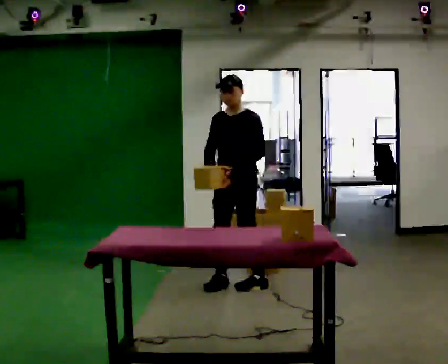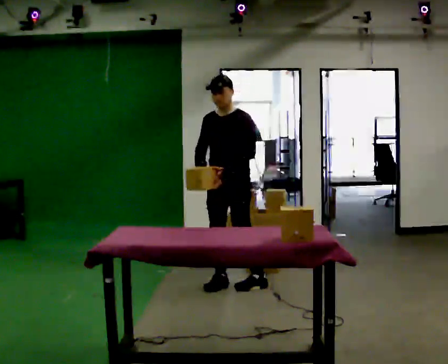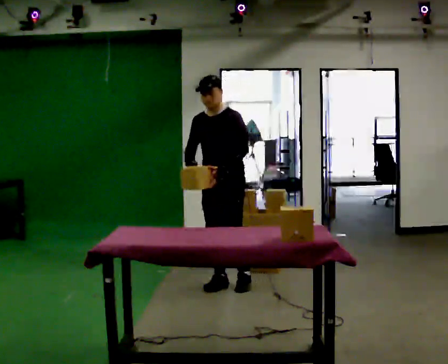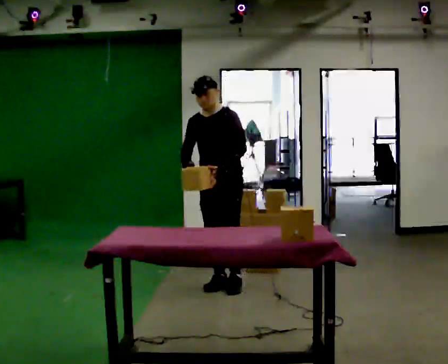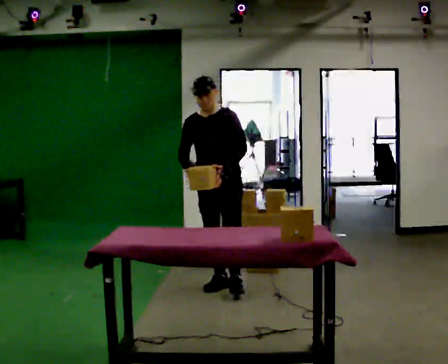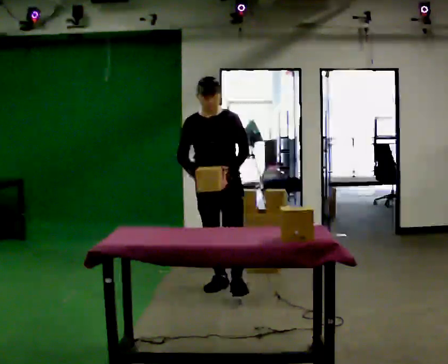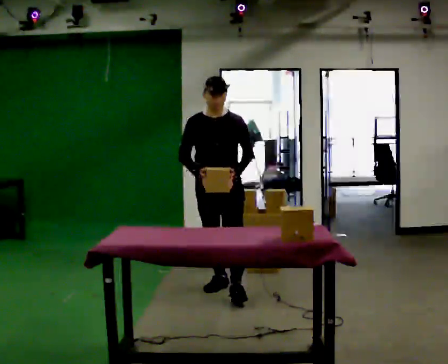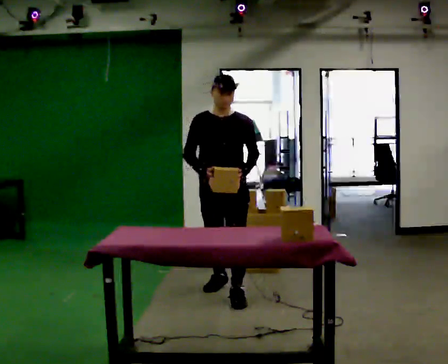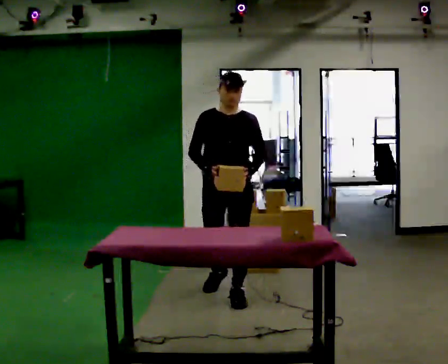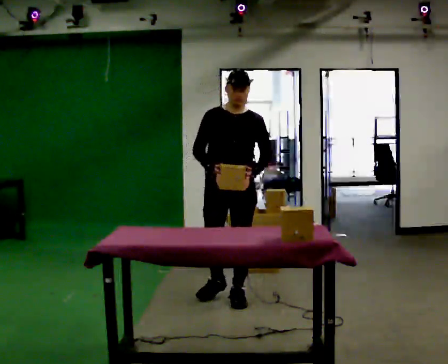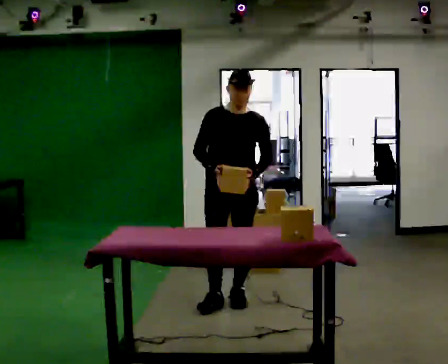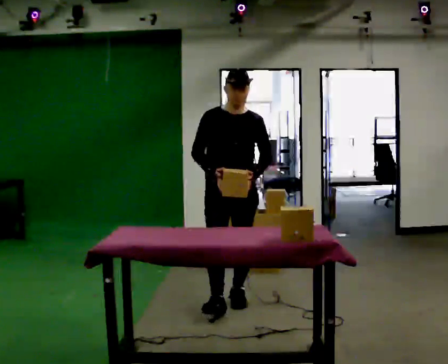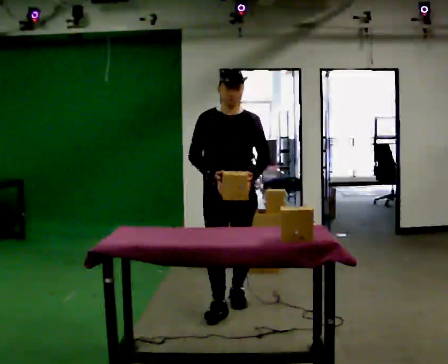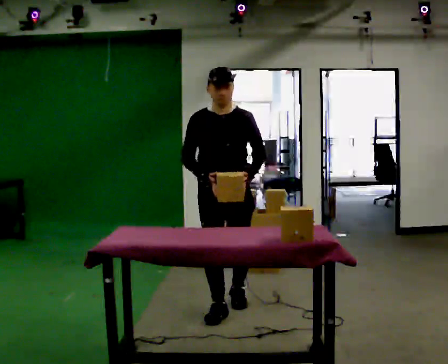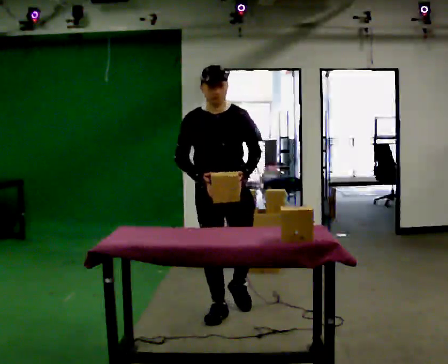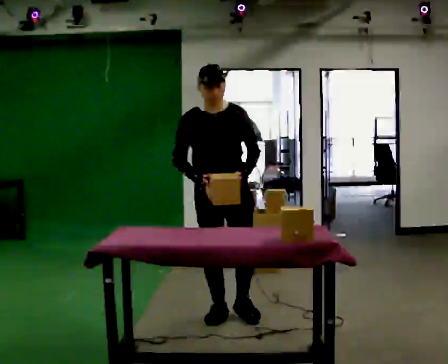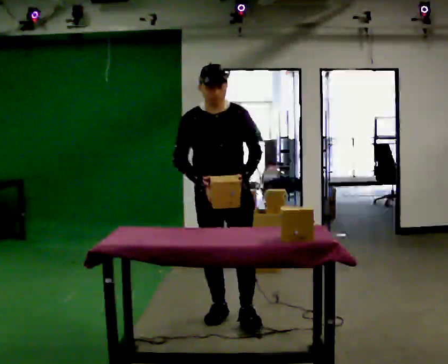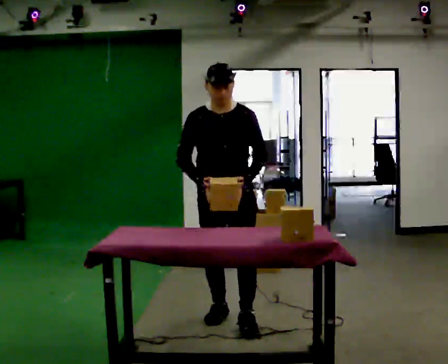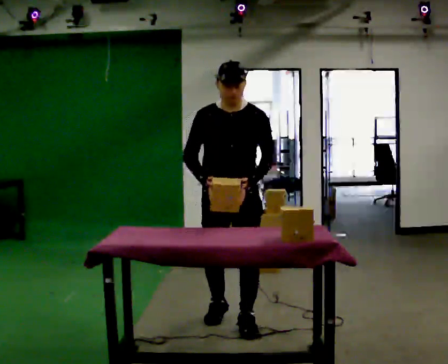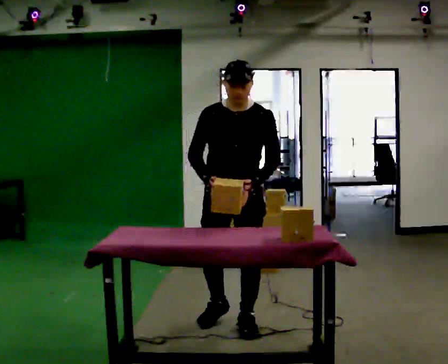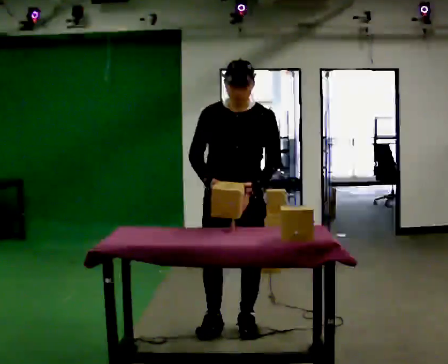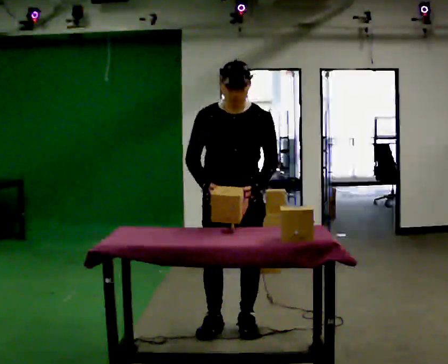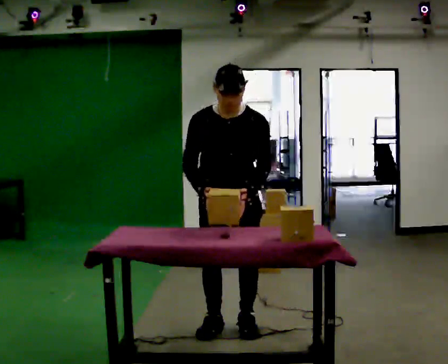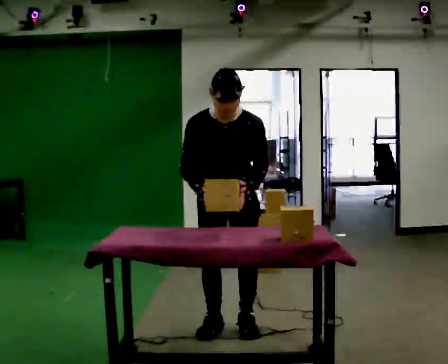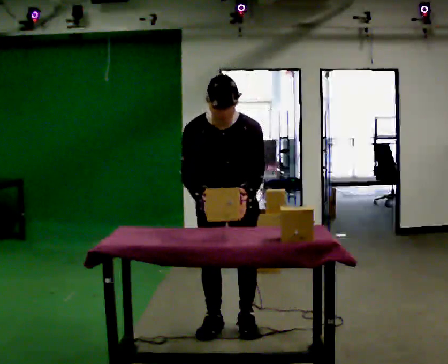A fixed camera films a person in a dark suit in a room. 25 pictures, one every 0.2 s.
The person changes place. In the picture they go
toward the camera.
The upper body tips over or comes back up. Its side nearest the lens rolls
downward.
0.0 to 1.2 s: Seen from above the body turns counterclockwise, about 30 degrees: to their left, with its near side sliding to the right. In the picture they go toward the camera and to the left, about 0.25 m in 1 step, which for them is forward.
1.2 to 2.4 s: In the picture they go toward the camera, about 0.5 m in 1 step, which for them is forward.
2.4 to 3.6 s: In the picture they go toward the camera, about 0.5 m in 1 step, which for them is forward.
3.6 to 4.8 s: The upper body tips toward the camera, its near side rolling downward, as they bend forward.
The film runs forward here.
